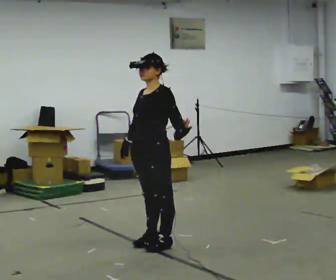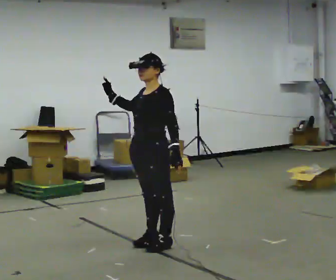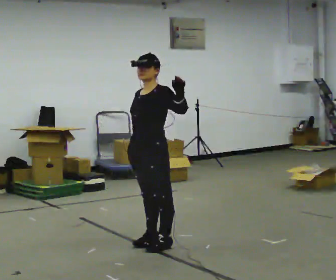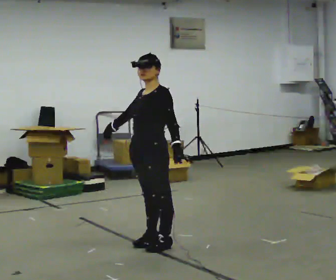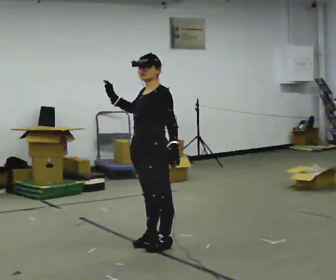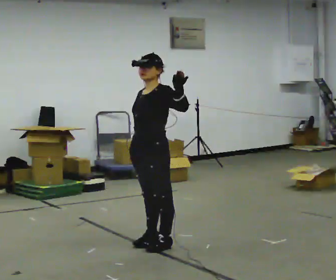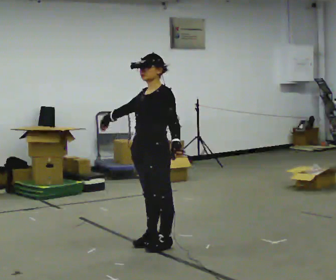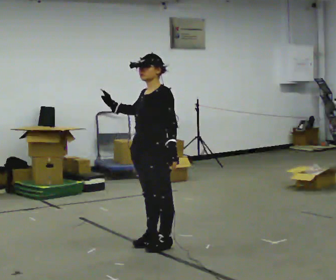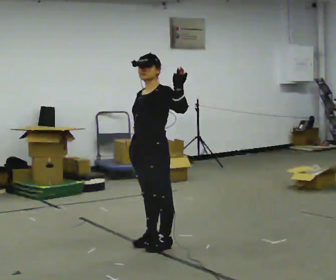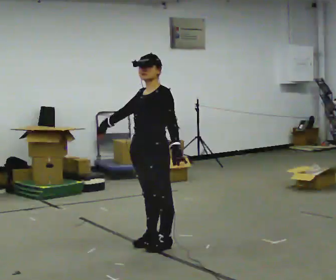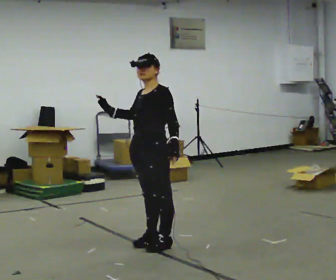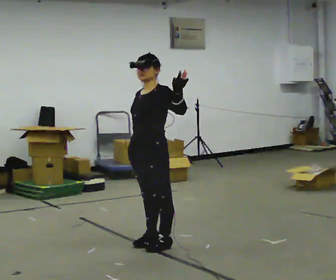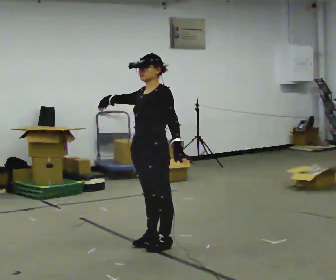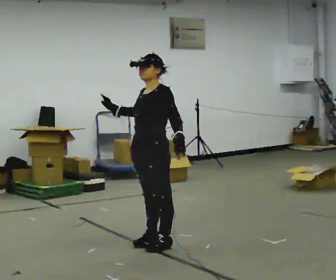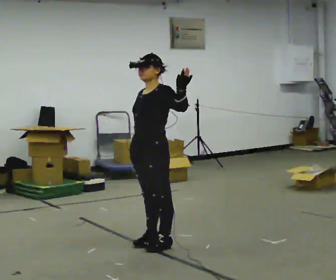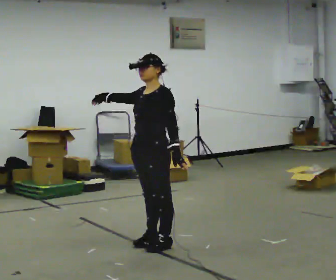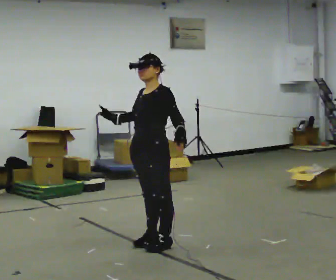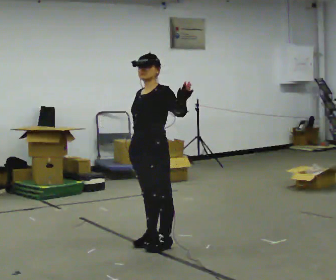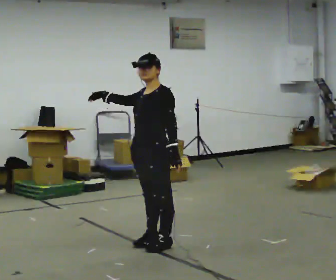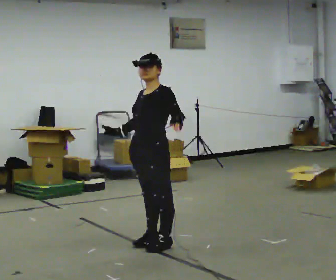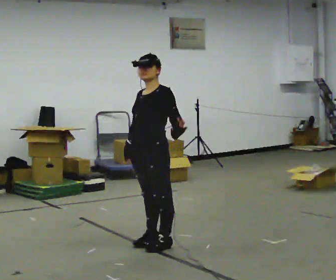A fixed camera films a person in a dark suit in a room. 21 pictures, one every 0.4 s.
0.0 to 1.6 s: The person moves a little, or ends about where they began.
1.6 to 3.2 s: In the picture their right hand goes downward.
3.2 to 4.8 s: In the picture their right hand goes upward and to the left.
4.8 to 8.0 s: In the picture their right hand goes downward.
The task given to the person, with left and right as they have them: Move however you like, changing style and tempo as you go; keep moving continuously.
The film runs forward here.
